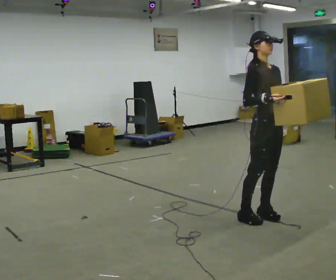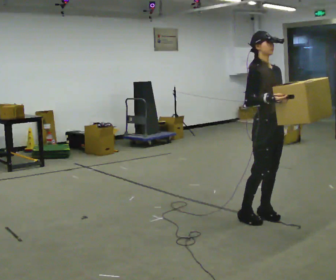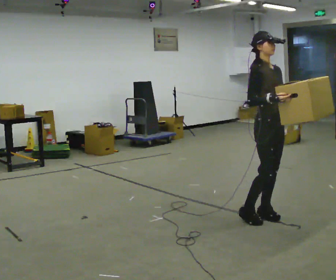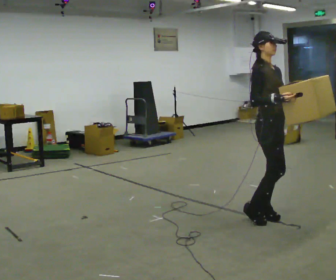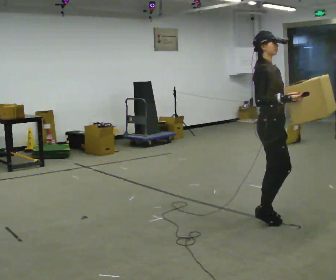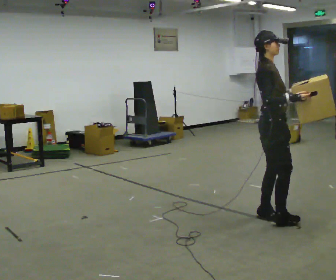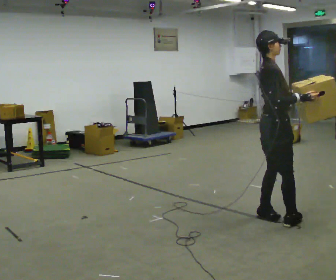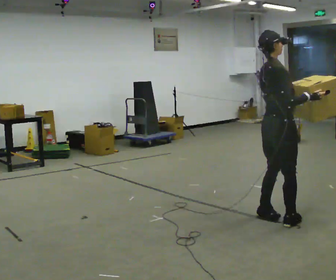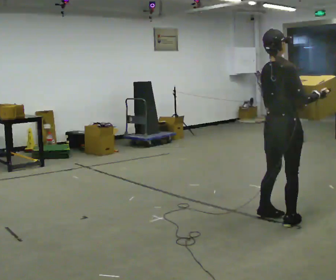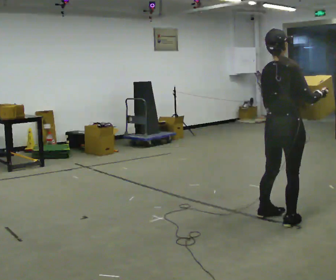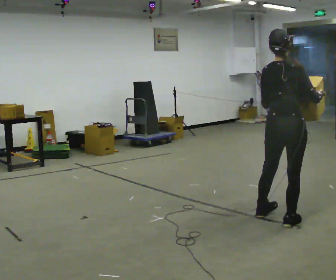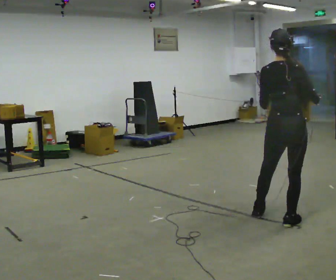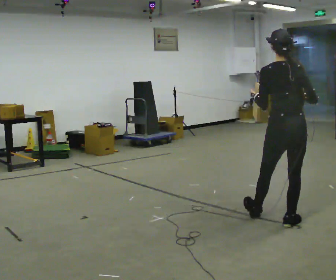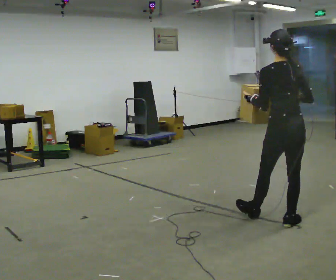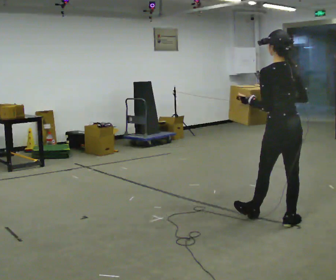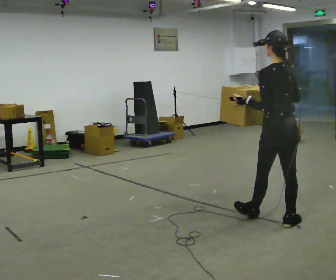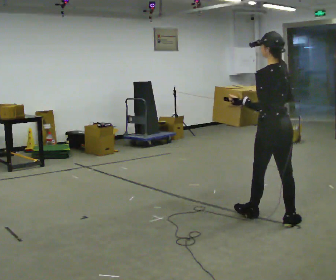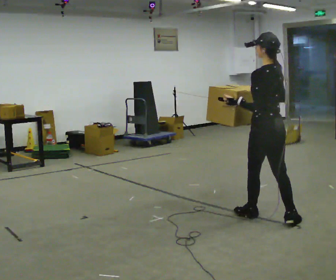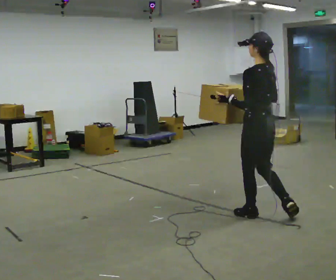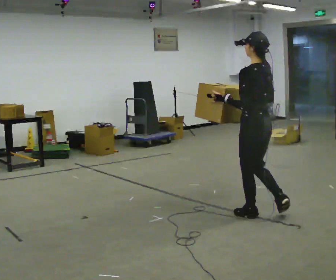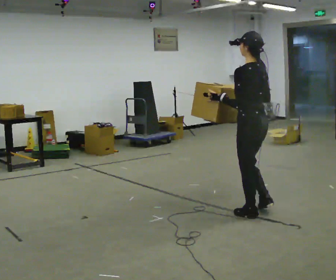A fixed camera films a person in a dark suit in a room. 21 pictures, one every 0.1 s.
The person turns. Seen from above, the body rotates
counterclockwise.
The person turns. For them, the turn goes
to their left.
0.0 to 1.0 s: The part of the body nearest the lens slides to the right as the person turns to their left by about 105 degrees. In the picture they go to the right and toward the camera, about 0.25 m in 1 step. In the picture their right hand goes to the right.
1.0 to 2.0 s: The person turns about 75 degrees to their left, counterclockwise seen from above, so the part of the body nearest the lens slides to the right. In the picture they go to the left and away from the camera, about 0.25 m.
The film runs forward here.
